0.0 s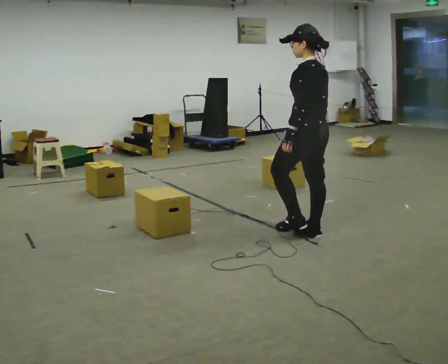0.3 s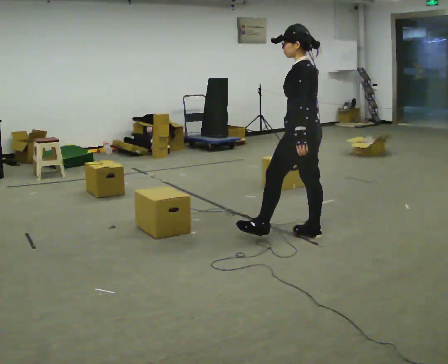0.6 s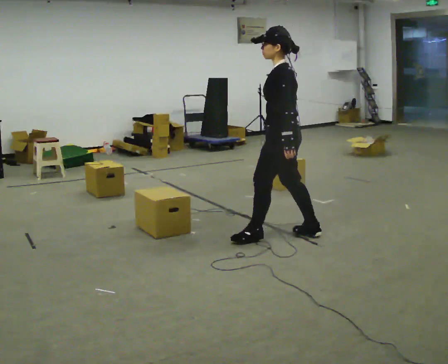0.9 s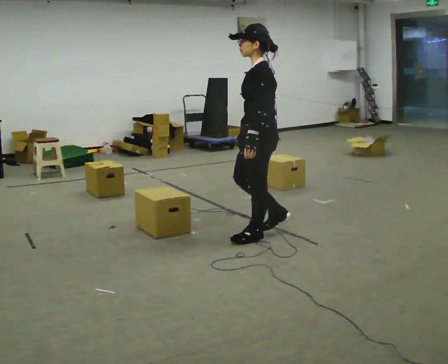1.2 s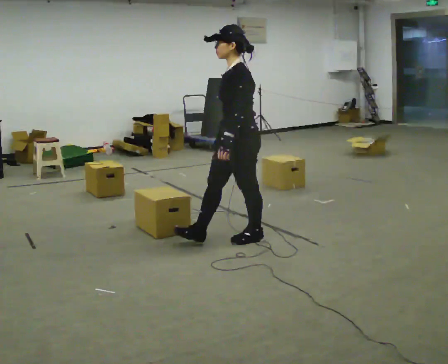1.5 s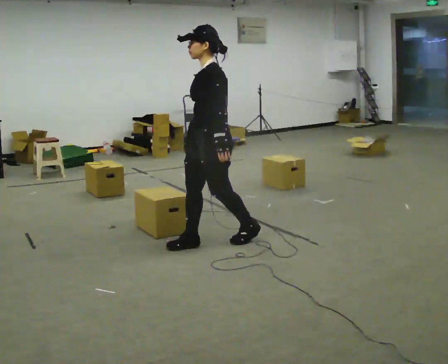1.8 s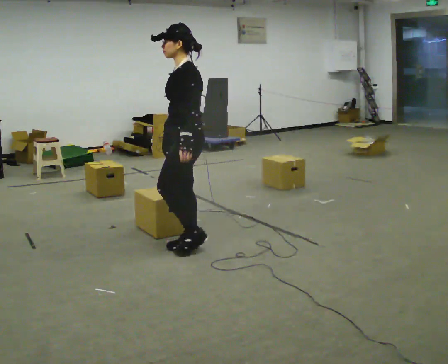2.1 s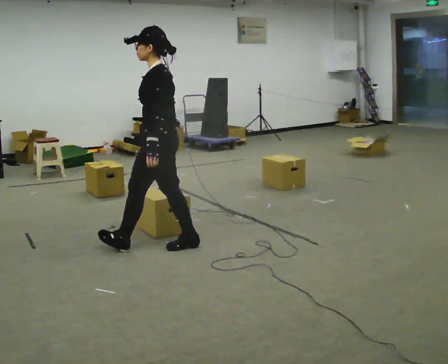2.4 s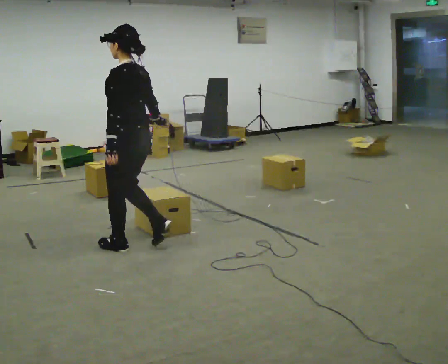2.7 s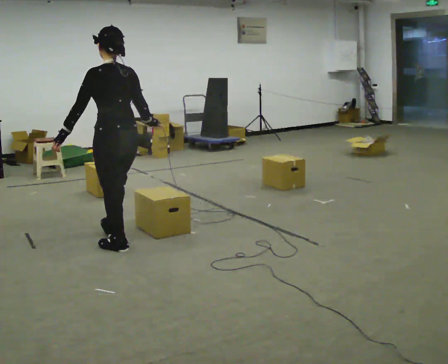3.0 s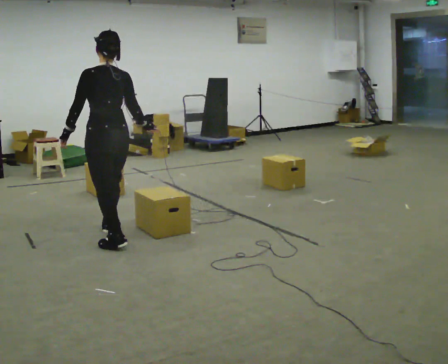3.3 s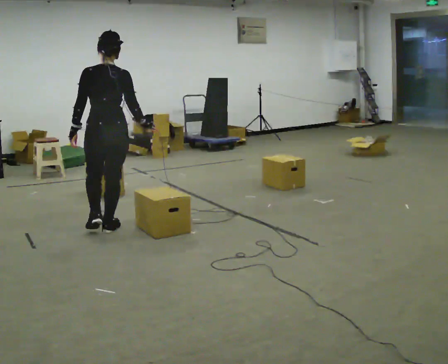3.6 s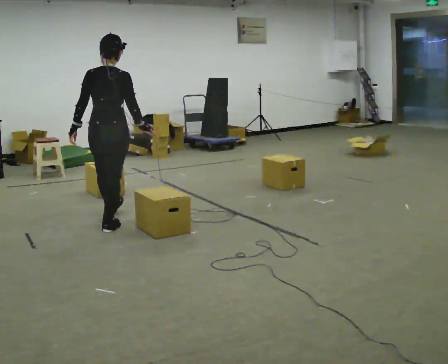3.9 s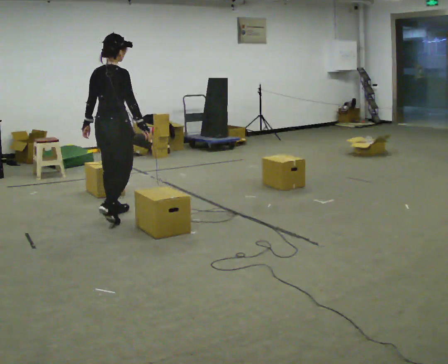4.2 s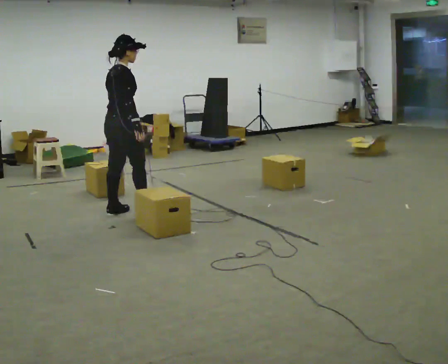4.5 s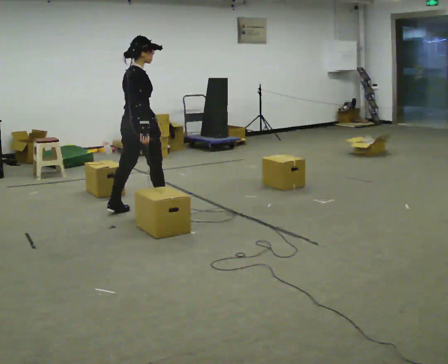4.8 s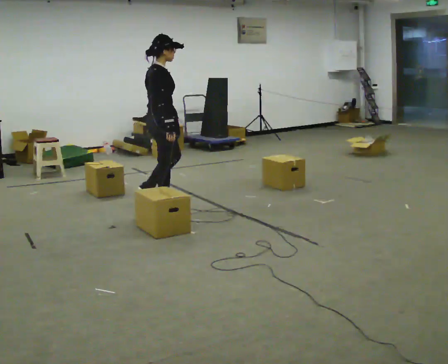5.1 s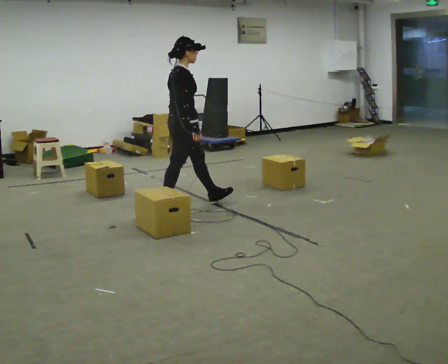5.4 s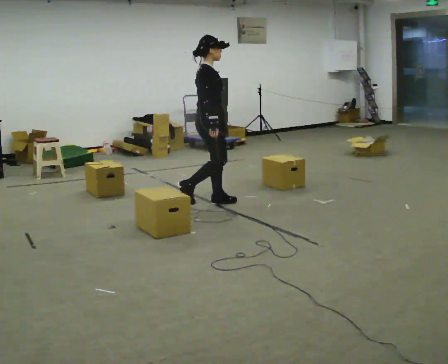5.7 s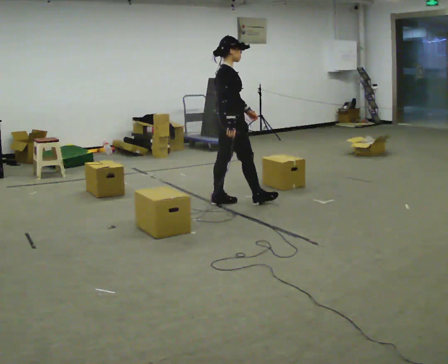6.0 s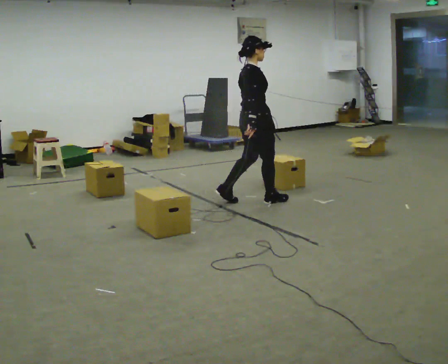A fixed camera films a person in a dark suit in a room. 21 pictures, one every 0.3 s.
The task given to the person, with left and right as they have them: Start at marker; visit targets in order; choose natural paths; avoid obstacles; stop at final target.
0.0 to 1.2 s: The person turns about 45 degrees to their left, counterclockwise seen from above, so the part of the body nearest the lens slides to the right. In the picture they go to the left, about 0.5 m in 1 step, which for them is forward.
1.2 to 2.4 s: The part of the body nearest the lens slides to the left as the person turns to their right by about 45 degrees. In the picture they go to the left, about 1 m in 2 steps, which for them is forward.
2.4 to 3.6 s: Seen from above the body turns clockwise, about 75 degrees: to their right, with its near side sliding to the left. In the picture they go away from the camera, about 0.5 m in 1 step.
3.6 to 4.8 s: Seen from above the body turns clockwise, about 60 degrees: to their right, with its near side sliding to the left. In the picture they go to the right and away from the camera, about 0.5 m in 2 steps, which for them is forward.
4.8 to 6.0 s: In the picture they go to the right, about 1 m in 2 steps, which for them is forward.
The film runs forward here.
